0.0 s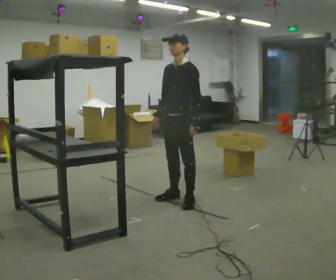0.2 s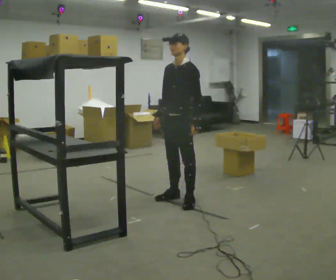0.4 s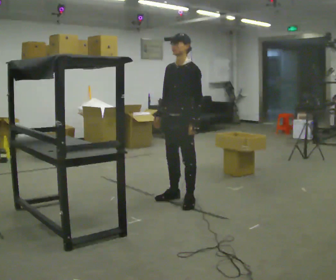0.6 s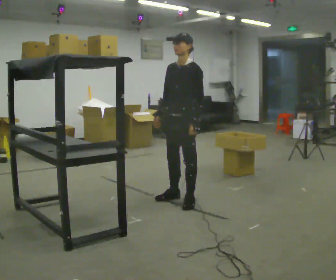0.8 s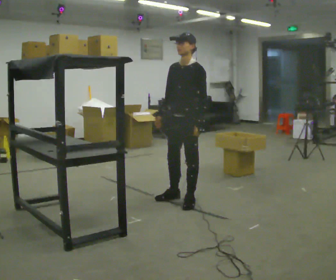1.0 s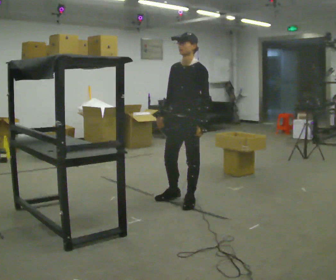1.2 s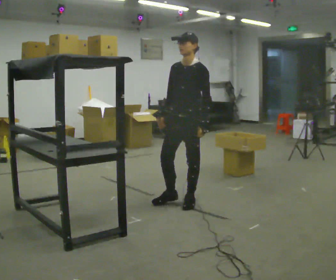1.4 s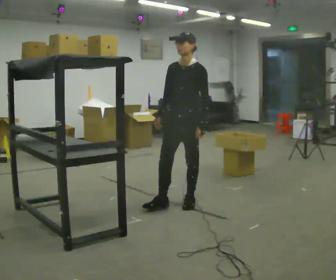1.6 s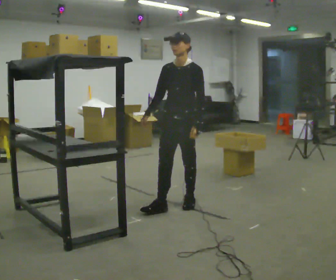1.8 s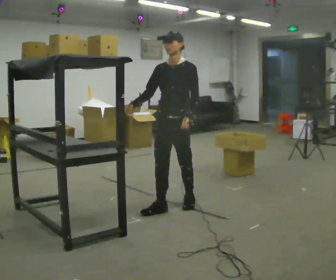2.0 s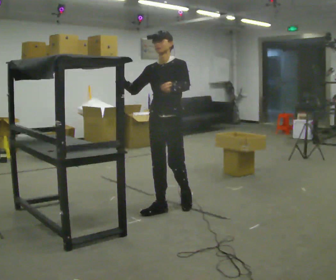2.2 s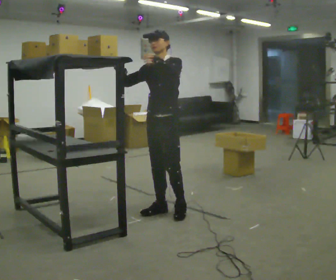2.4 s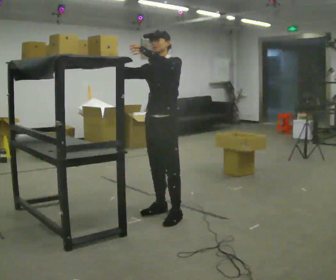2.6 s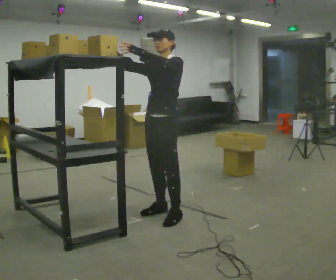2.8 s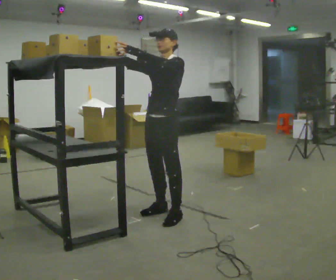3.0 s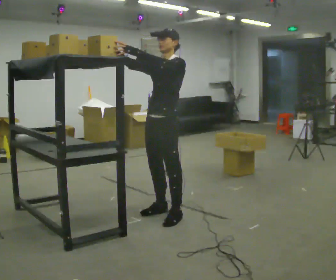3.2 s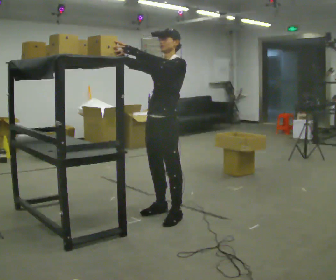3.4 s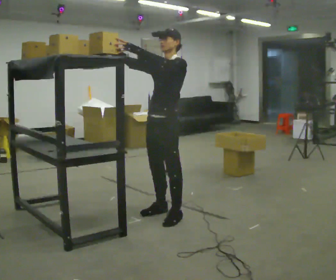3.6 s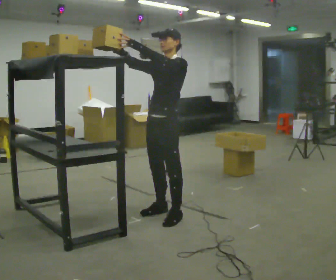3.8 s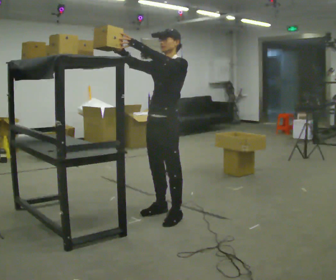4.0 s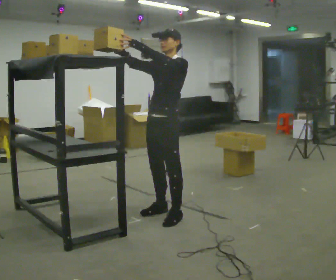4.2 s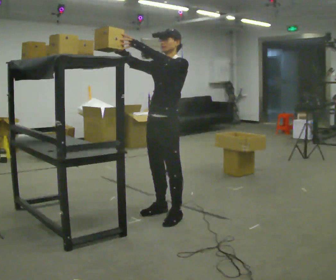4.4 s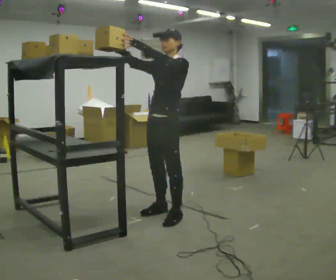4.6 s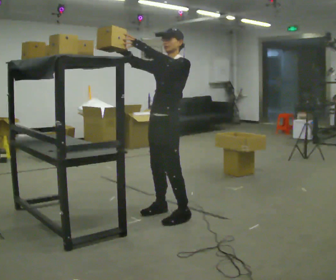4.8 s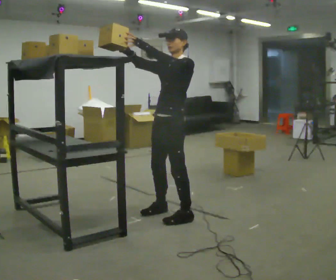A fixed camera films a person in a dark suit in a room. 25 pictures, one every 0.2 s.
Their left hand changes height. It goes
upward.
Their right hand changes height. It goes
upward.
0.0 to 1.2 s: The person moves a little, or ends about where they began.
1.2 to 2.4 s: In the picture they go toward the camera and to the left, about 0.25 m in 2 steps, which for them is forward. In the picture their left hand goes upward.
2.4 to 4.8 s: The person moves a little, or ends about where they began.
The film runs forward here.
